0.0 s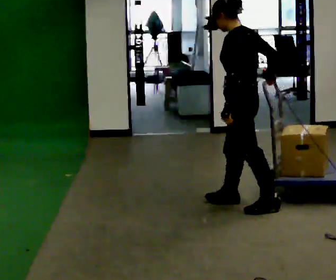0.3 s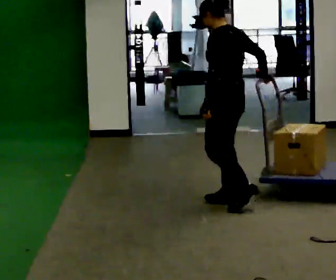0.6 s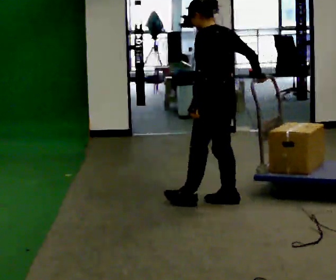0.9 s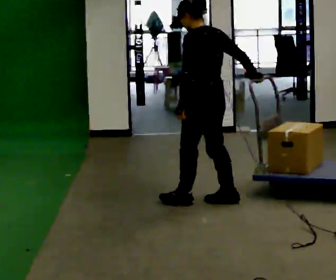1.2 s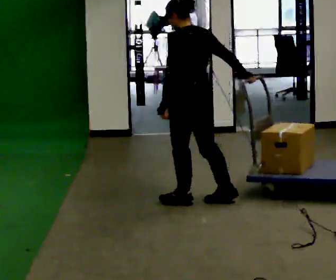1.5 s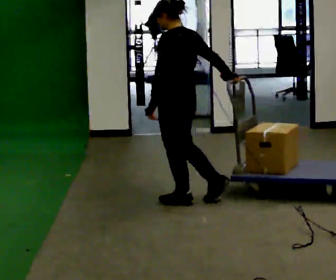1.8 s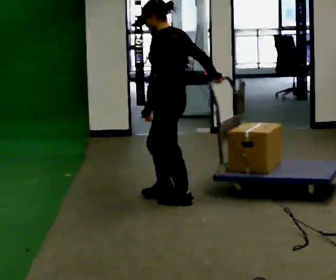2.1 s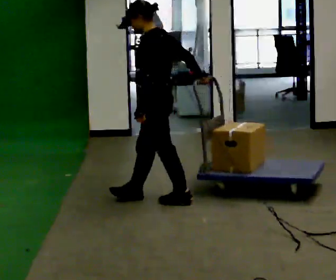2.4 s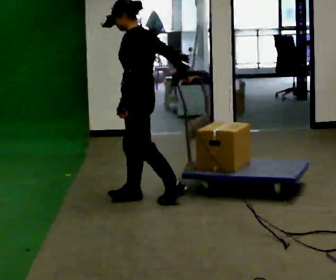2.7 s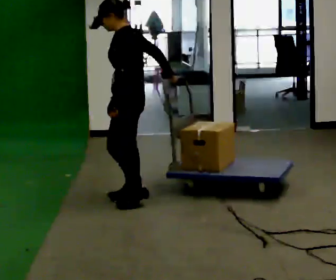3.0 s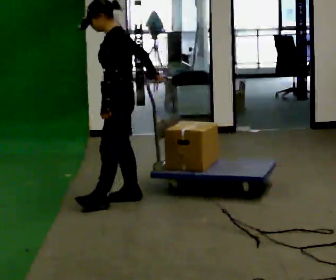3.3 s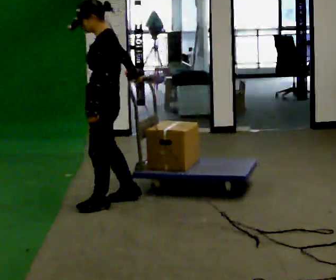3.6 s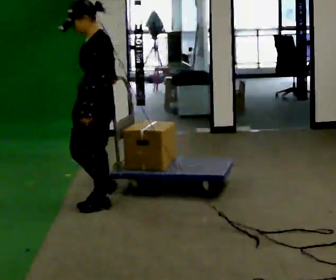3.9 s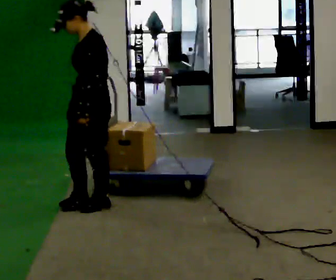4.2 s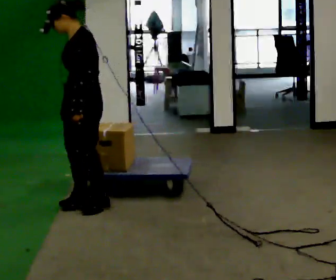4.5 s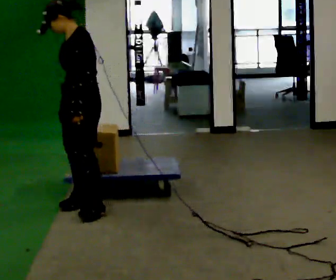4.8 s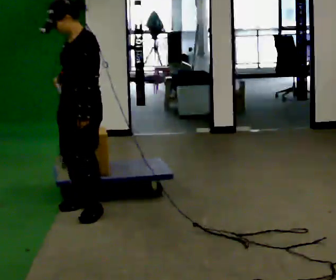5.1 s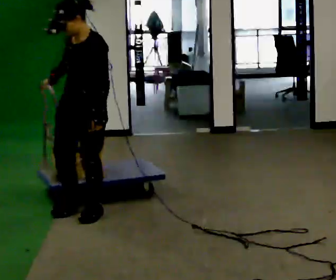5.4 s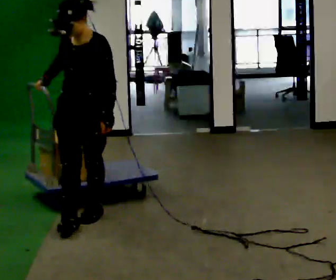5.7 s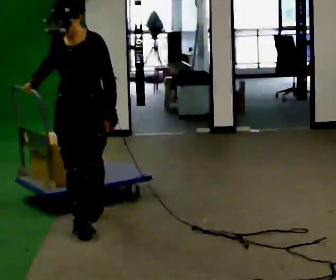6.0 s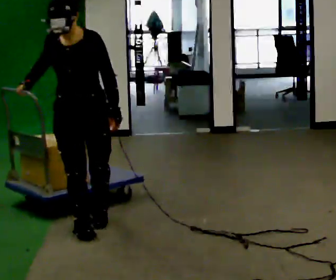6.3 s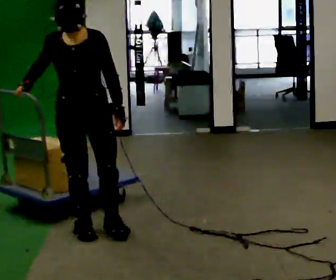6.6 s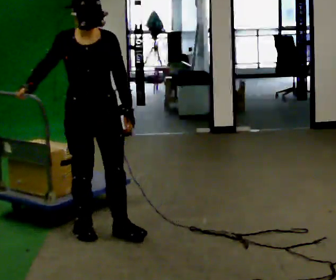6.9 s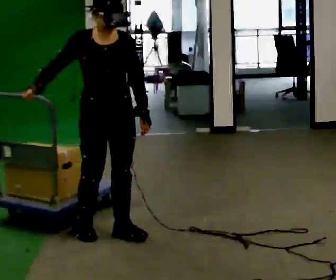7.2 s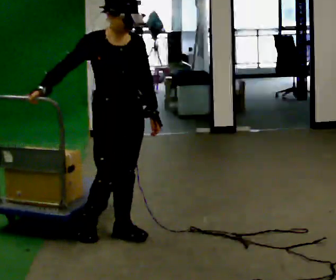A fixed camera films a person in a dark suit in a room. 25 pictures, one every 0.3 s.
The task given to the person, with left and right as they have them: Pull the cart behind you as you walk backward across the room. The operator will confirm the space behind you is clear before each take.
0.0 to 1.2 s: In the picture they go to the left and away from the camera, about 0.25 m in 1 step, which for them is forward.
1.2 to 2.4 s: The person turns about 30 degrees to their left, counterclockwise seen from above, so the part of the body nearest the lens slides to the right. In the picture they go to the left, about 0.25 m in 1 step, which for them is forward.
2.4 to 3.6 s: Seen from above the body turns counterclockwise, about 30 degrees: to their left, with its near side sliding to the right. In the picture they go to the left, about 0.25 m in 1 step, which for them is forward and to their left.
3.6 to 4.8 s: In the picture their right hand goes to the left.
4.8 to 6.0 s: The part of the body nearest the lens slides to the right as the person turns to their left by about 60 degrees. In the picture they go toward the camera, about 0.25 m in 1 step, which for them is forward.
6.0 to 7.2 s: Seen from above the body turns counterclockwise, about 30 degrees: to their left, with its near side sliding to the right. In the picture they go to the right and toward the camera, about 0.25 m in 1 step, which for them is forward and to their left.
The film runs forward here.
